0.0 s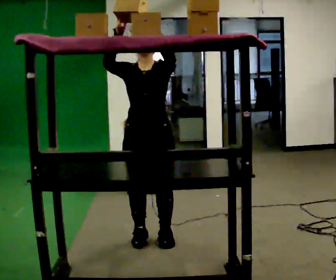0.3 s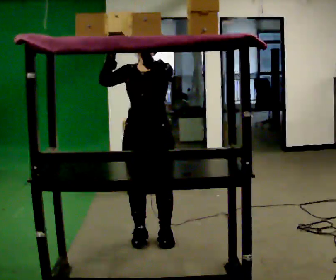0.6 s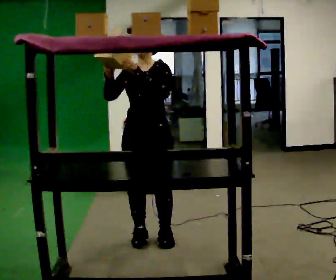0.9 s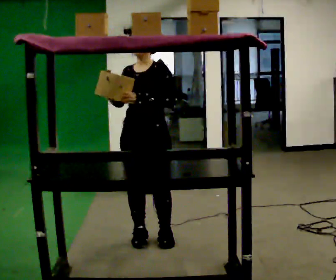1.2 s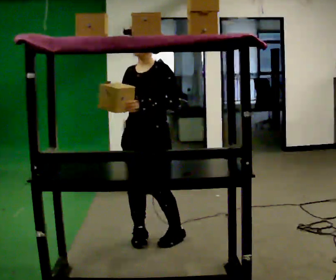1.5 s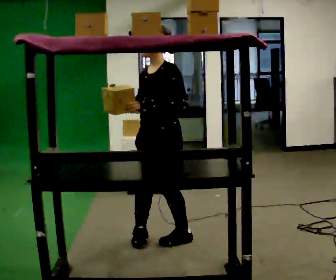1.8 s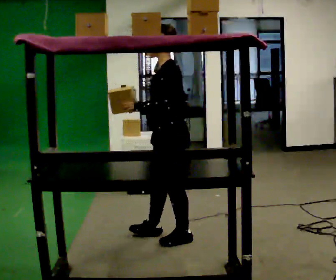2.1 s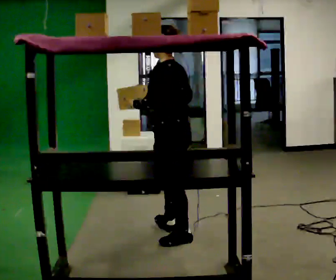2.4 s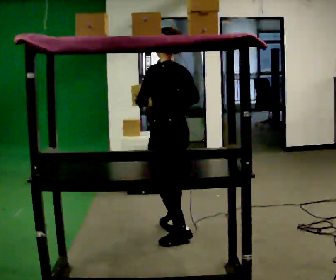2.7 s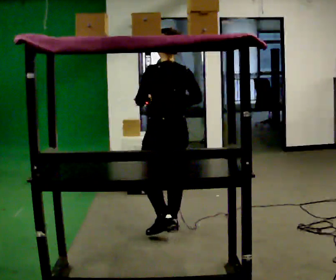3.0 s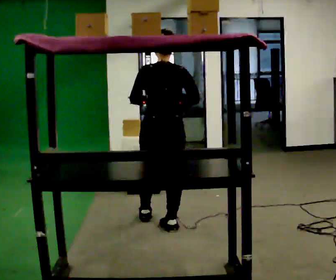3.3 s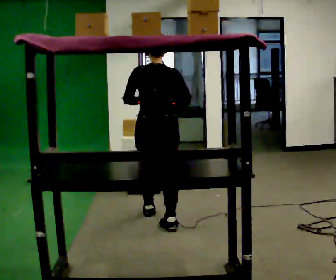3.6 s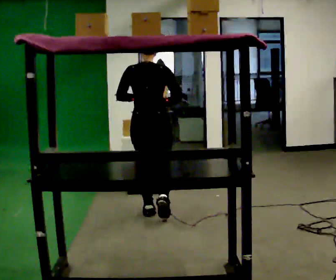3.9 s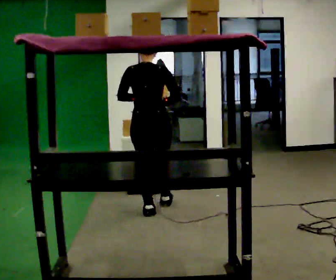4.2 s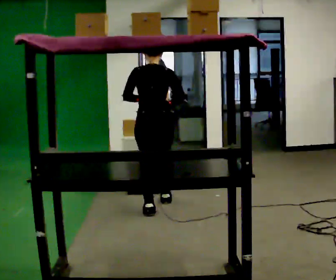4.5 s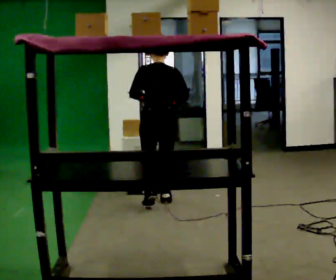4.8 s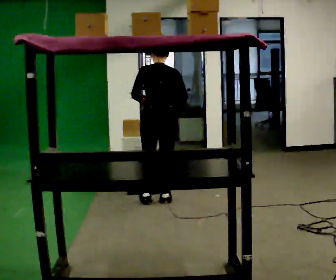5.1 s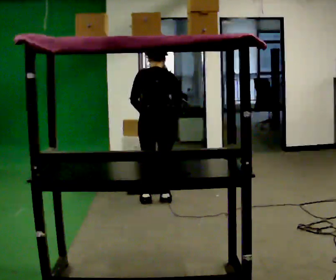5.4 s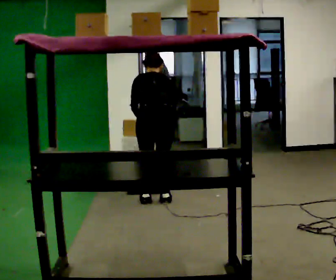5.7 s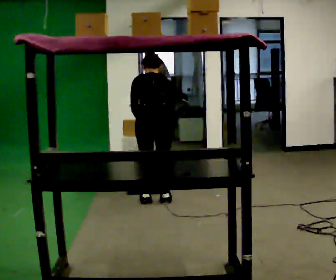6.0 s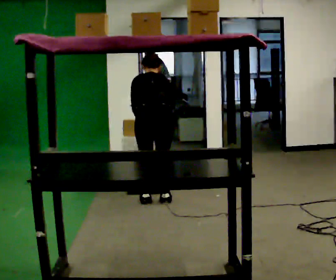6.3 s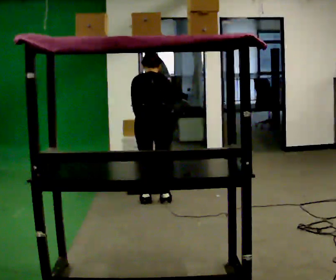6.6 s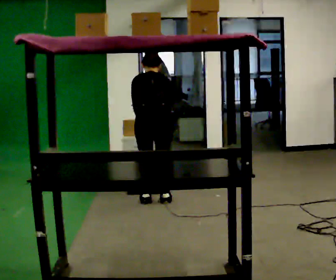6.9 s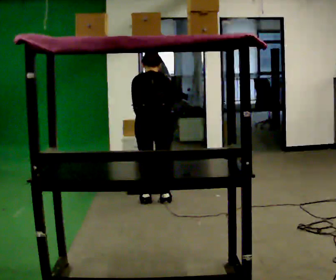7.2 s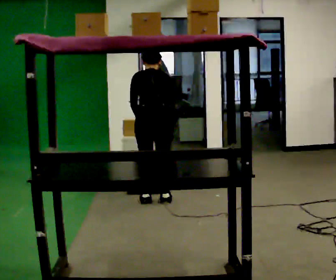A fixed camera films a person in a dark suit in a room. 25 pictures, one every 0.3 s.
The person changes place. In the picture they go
away from the camera.
The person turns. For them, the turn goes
to their right.
0.0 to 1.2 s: In the picture their right hand goes downward.
1.2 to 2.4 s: The person turns about 105 degrees to their right, clockwise seen from above, so the part of the body nearest the lens slides to the left. In the picture they go away from the camera and to the right, about 0.25 m in 2 steps.
2.4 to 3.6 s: Seen from above the body turns clockwise, about 60 degrees: to their right, with its near side sliding to the left. In the picture they go away from the camera, about 0.5 m in 1 step, which for them is forward.
3.6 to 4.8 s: In the picture they go away from the camera, about 0.5 m in 1 step, which for them is forward.
4.8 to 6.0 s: The upper body tips away from the camera, its near side rolling upward, as they bend forward.
6.0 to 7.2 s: The person moves a little, or ends about where they began.
The film runs forward here.
